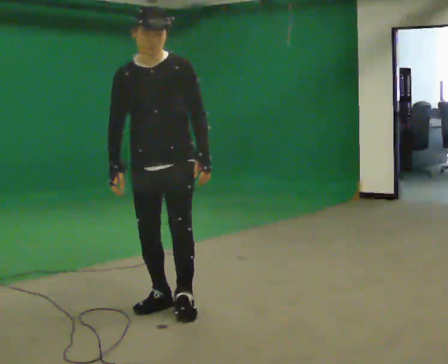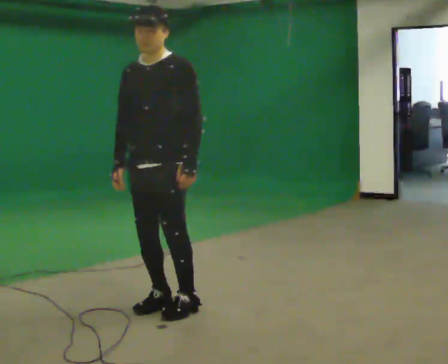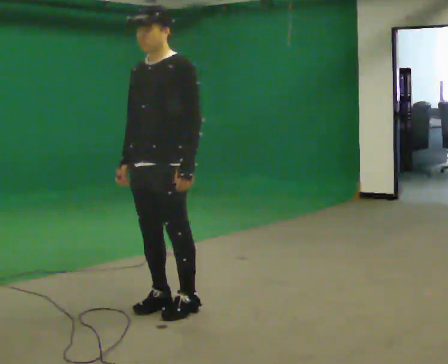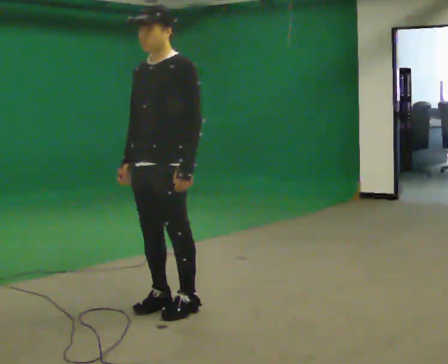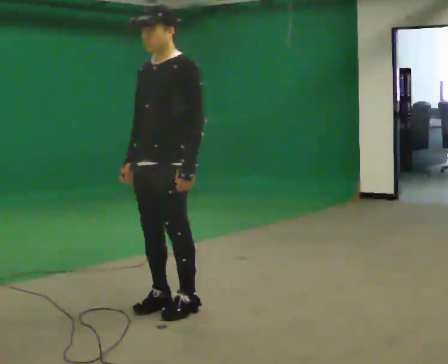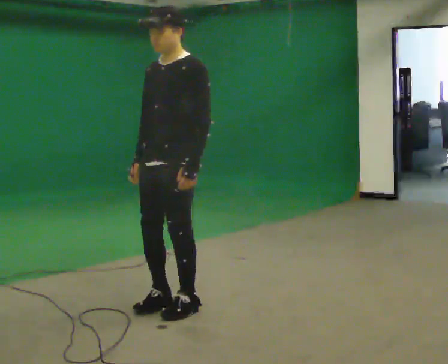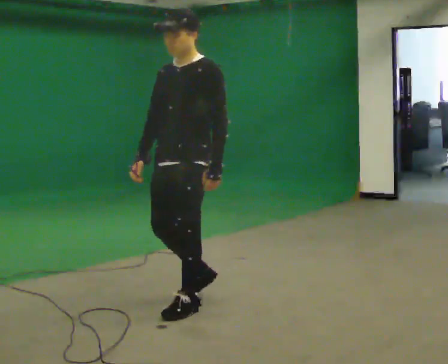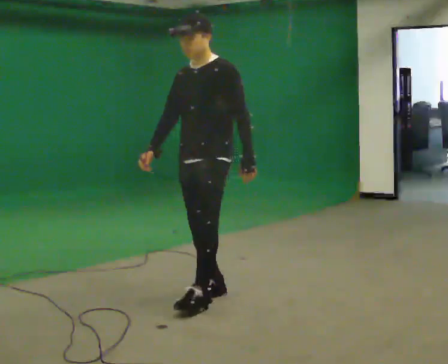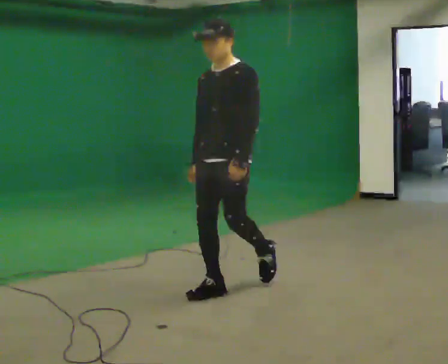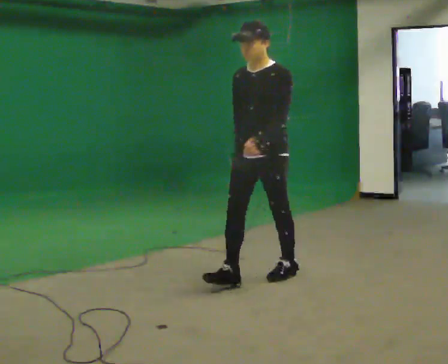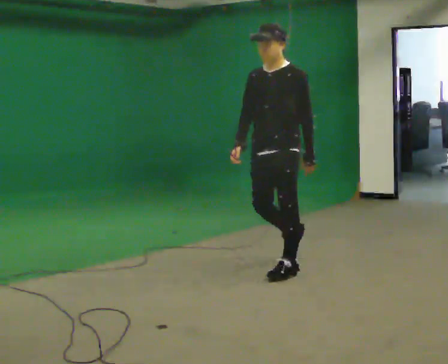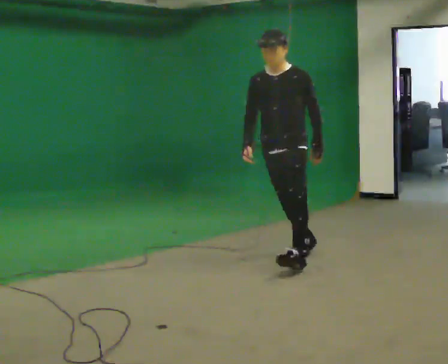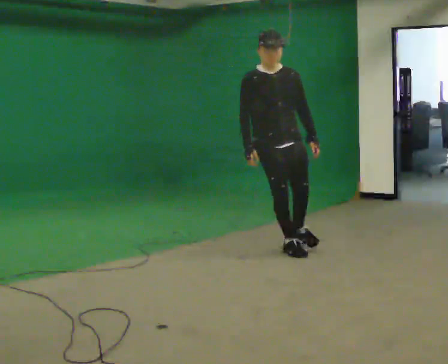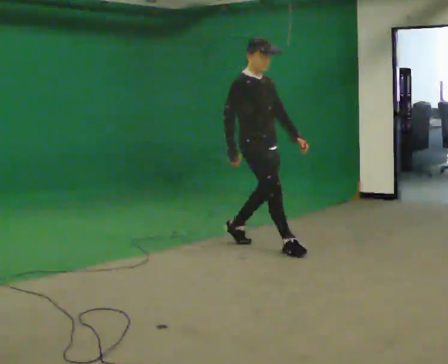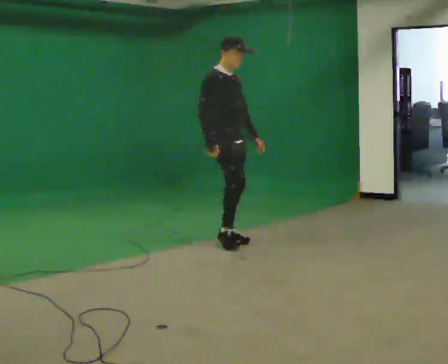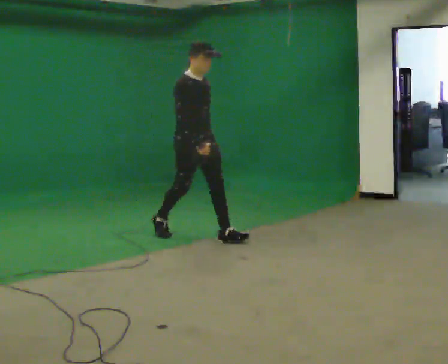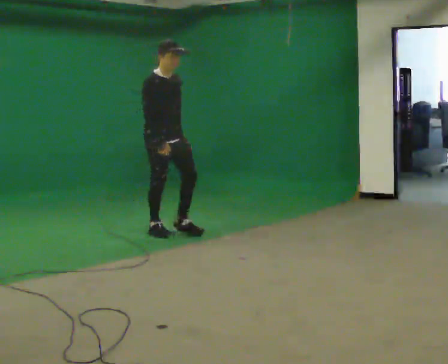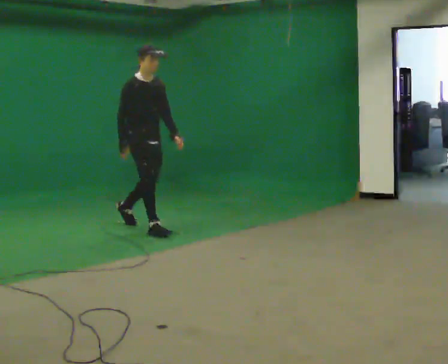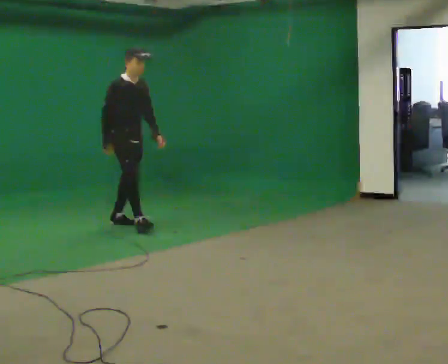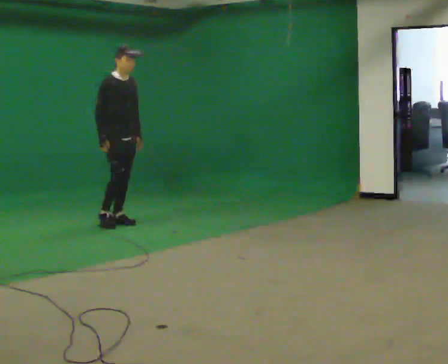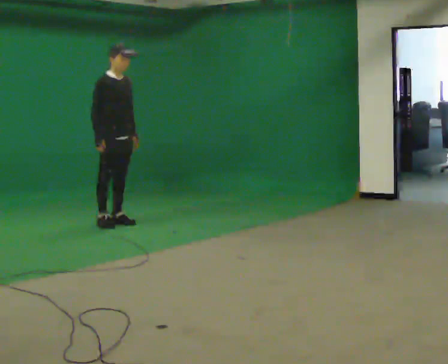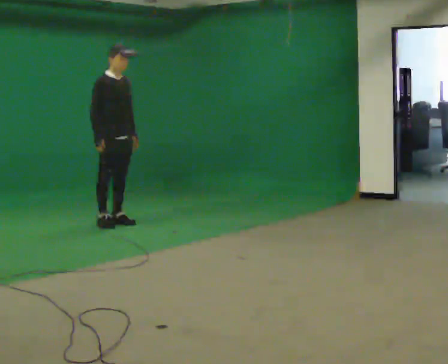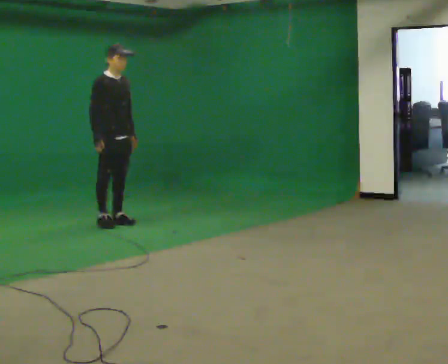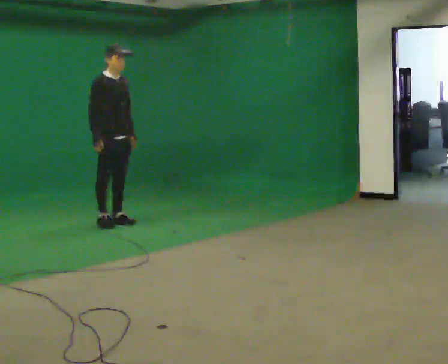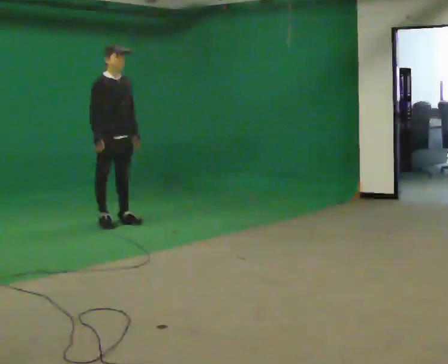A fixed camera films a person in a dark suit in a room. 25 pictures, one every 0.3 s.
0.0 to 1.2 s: The part of the body nearest the lens slides to the left as the person turns to their right by about 45 degrees.
1.2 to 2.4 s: In the picture they go away from the camera and to the right, about 0.5 m in 2 steps, which for them is backward.
2.4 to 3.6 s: Seen from above the body turns counterclockwise, about 45 degrees: to their left, with its near side sliding to the right. In the picture they go away from the camera, about 1 m in 2 steps, which for them is backward.
3.6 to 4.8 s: The person turns about 30 degrees to their left, counterclockwise seen from above, so the part of the body nearest the lens slides to the right. In the picture they go to the left and away from the camera, about 1.5 m in 2 steps, which for them is backward.
4.8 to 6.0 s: In the picture they go to the left and away from the camera, about 0.5 m in 1 step, which for them is backward.
6.0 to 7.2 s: The person moves a little, or ends about where they began.
The film runs backward here.
